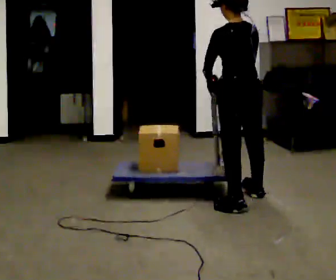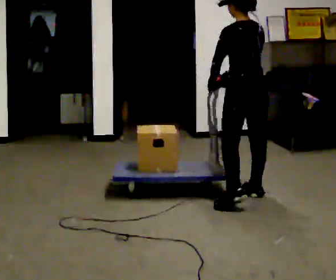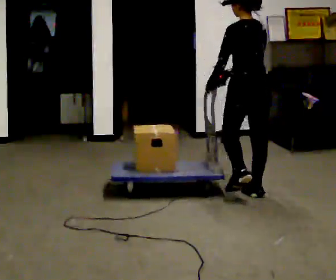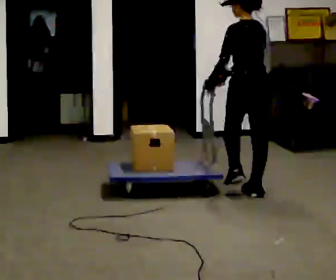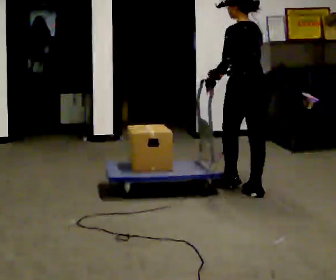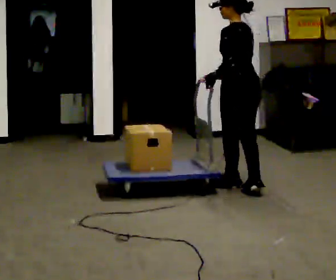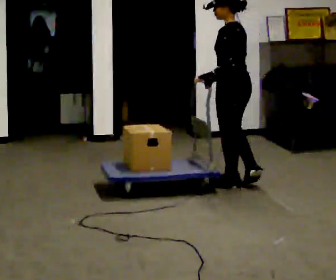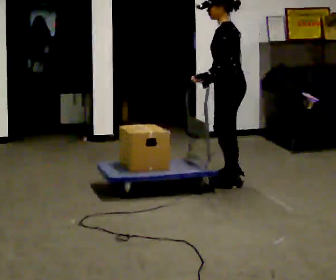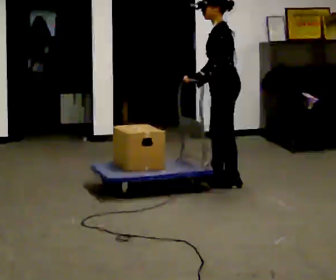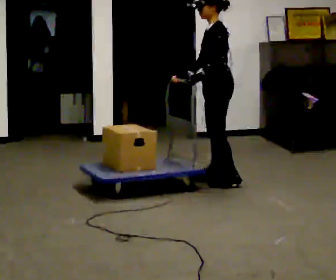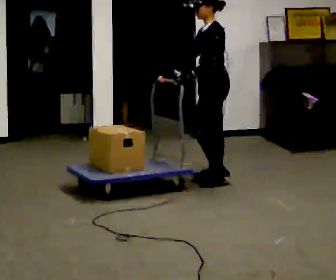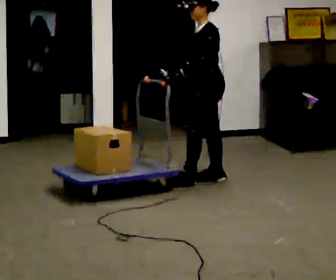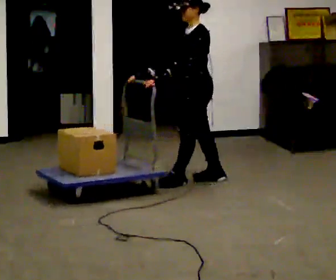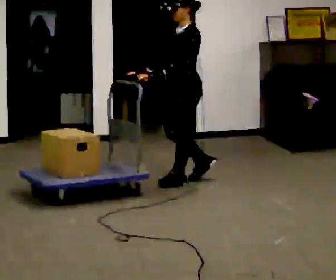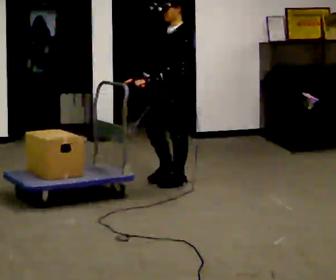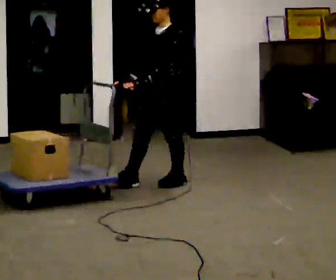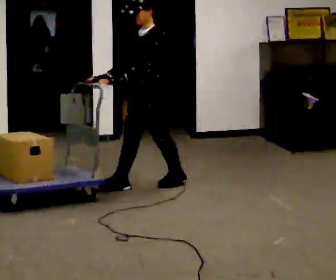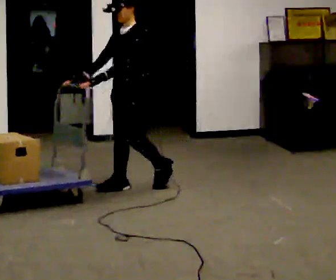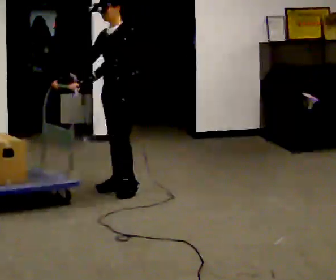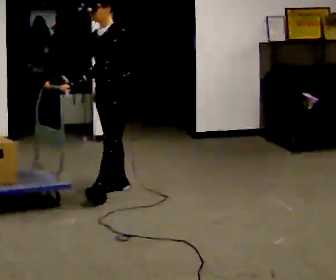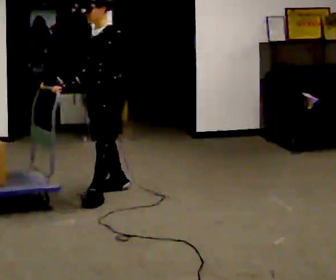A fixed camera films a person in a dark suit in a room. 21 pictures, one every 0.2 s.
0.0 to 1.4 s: The part of the body nearest the lens slides to the right as the person turns to their left by about 45 degrees. In the picture they go away from the camera, about 0.5 m in 1 step, which for them is forward and to their right.
1.4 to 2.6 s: The person turns about 45 degrees to their left, counterclockwise seen from above, so the part of the body nearest the lens slides to the right. In the picture they go to the left, about 0.5 m in 2 steps, which for them is forward and to their right.
2.6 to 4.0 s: In the picture they go to the left and toward the camera, about 1 m in 2 steps, which for them is forward.
The film runs forward here.
